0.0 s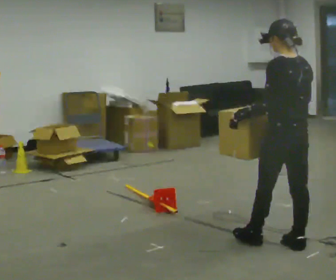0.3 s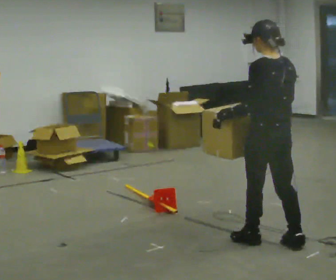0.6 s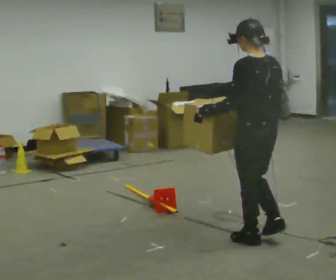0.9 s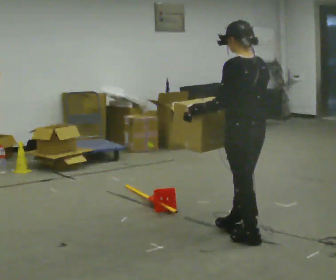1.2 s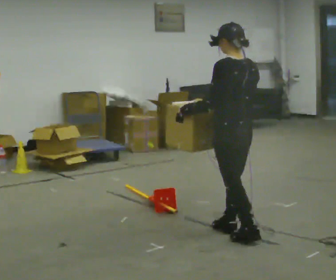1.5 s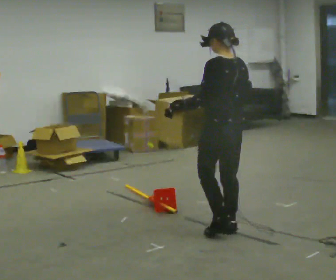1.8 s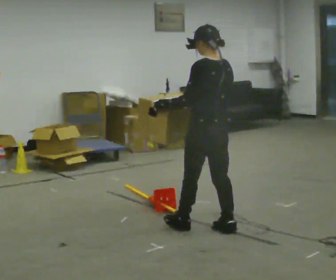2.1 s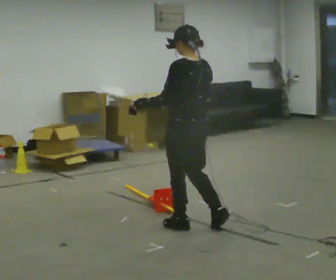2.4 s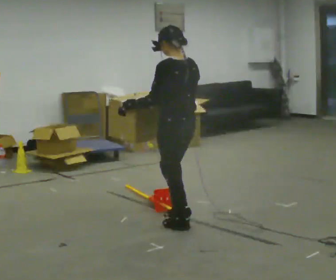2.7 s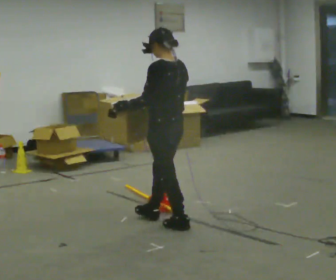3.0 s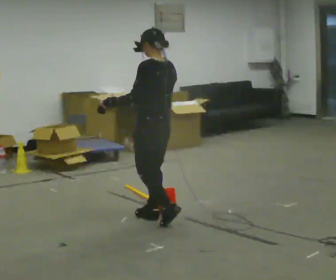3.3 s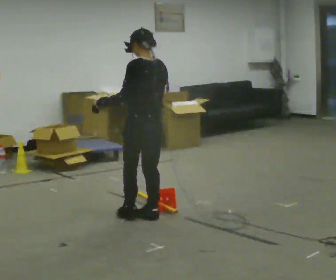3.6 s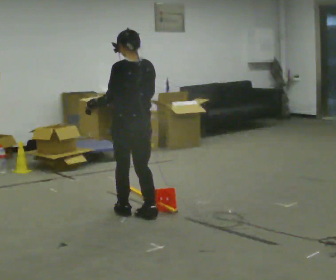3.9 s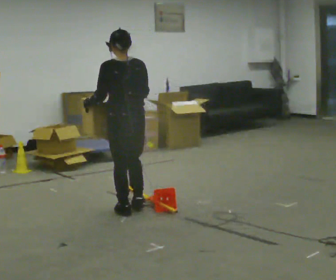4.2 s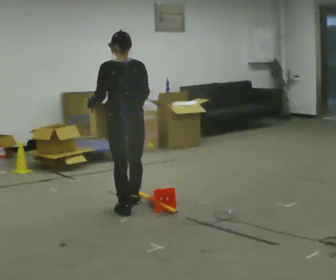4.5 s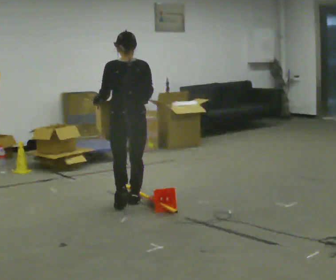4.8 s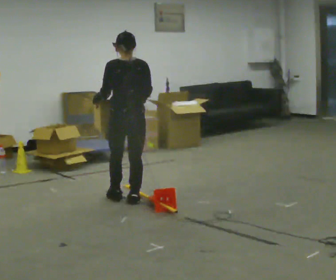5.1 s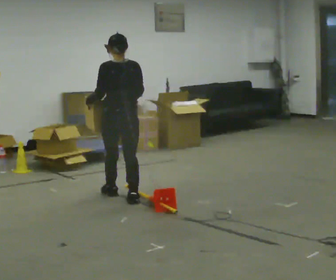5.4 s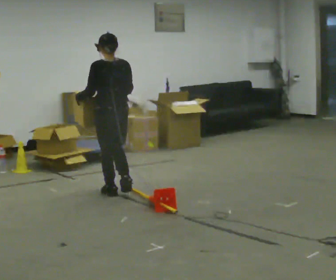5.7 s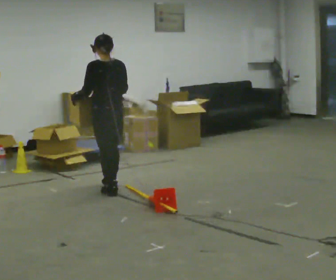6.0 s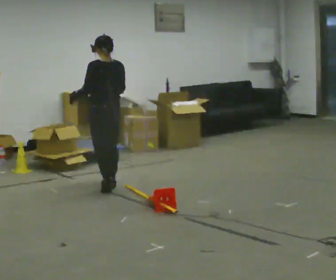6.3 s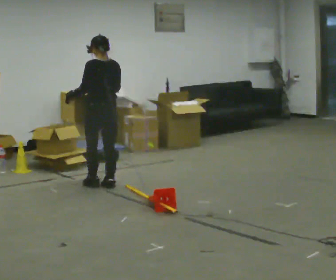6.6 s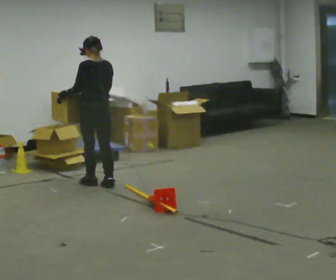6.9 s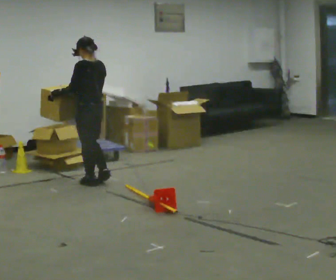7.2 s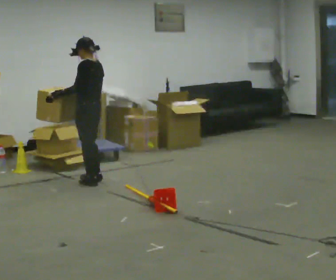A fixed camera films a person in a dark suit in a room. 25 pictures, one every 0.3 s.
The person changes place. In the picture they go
away from the camera.
0.0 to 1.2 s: In the picture they go away from the camera and to the left, about 0.5 m in 1 step, which for them is forward.
1.2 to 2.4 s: In the picture they go to the left and away from the camera, about 0.5 m in 1 step, which for them is forward.
2.4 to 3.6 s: In the picture they go away from the camera and to the left, about 0.5 m in 2 steps, which for them is forward.
3.6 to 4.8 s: In the picture they go away from the camera, about 0.5 m in 1 step, which for them is forward.
4.8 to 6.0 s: In the picture they go away from the camera, about 0.5 m in 2 steps, which for them is forward.
6.0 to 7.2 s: Seen from above the body turns counterclockwise, about 30 degrees: to their left, with its near side sliding to the right. In the picture they go away from the camera and to the left, about 0.25 m in 2 steps, which for them is forward.
The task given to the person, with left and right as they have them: Walk toward obstacle; alter path to avoid it; continue toward original destination.
The film runs forward here.
